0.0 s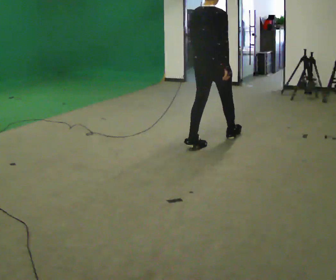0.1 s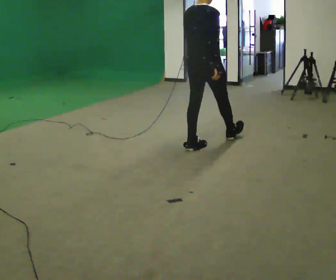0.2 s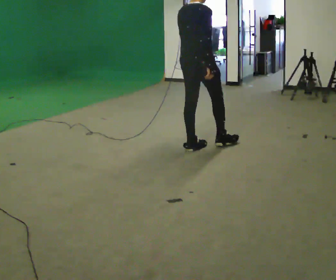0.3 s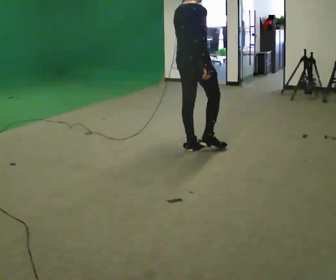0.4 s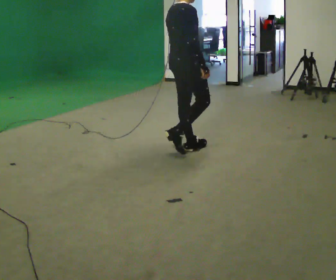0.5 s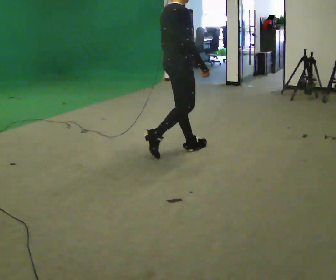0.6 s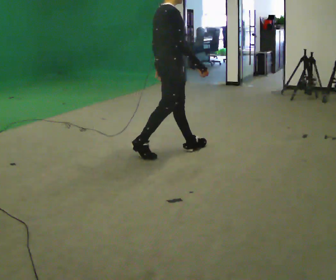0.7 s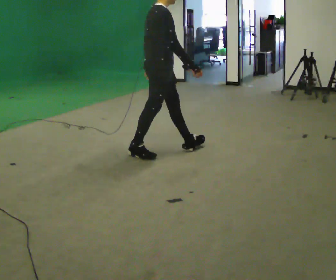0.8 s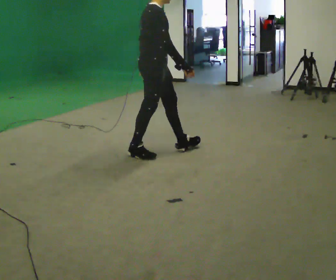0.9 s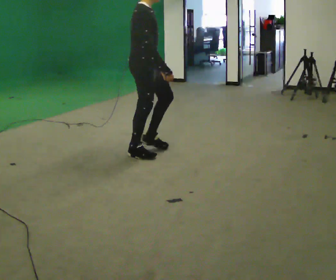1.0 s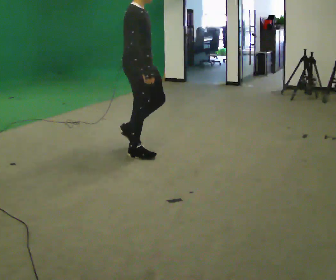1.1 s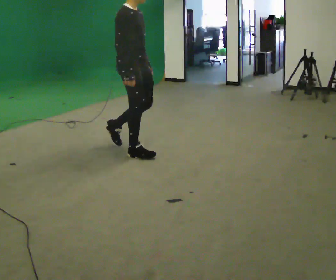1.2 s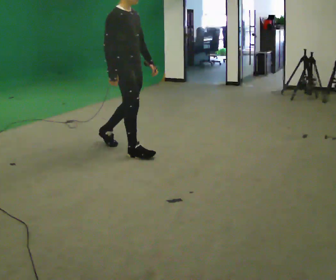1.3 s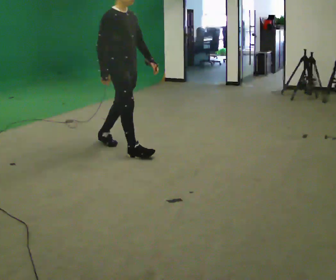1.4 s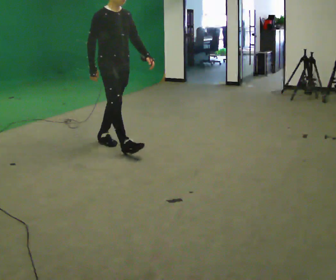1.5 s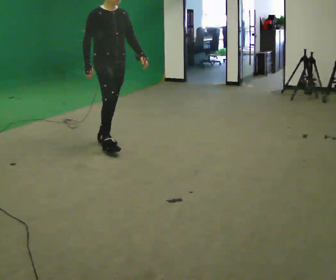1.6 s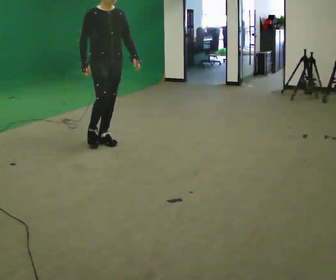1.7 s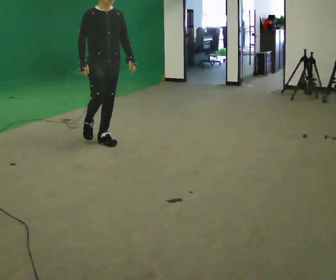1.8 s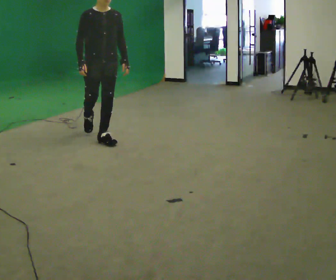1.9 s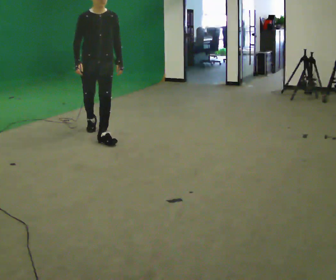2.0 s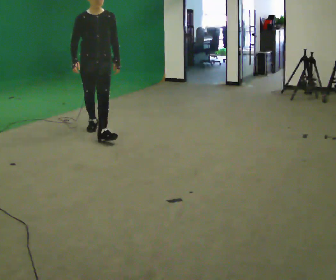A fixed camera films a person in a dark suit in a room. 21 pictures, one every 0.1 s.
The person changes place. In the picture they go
to the left.
The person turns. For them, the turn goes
to their right.
0.0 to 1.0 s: Seen from above the body turns clockwise, about 60 degrees: to their right, with its near side sliding to the left. In the picture they go to the left, about 1 m in 2 steps.
1.0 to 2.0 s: Seen from above the body turns clockwise, about 75 degrees: to their right, with its near side sliding to the left. In the picture they go away from the camera and to the left, about 1 m in 2 steps.
The film runs backward here.
